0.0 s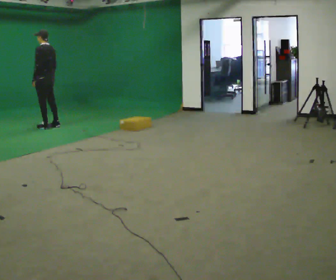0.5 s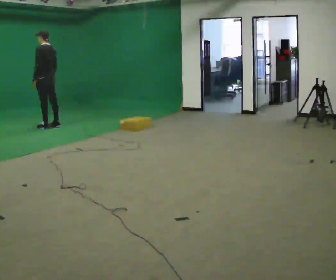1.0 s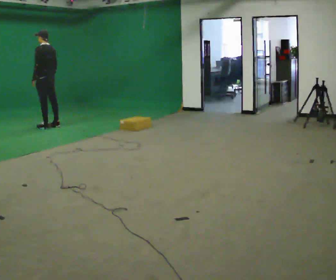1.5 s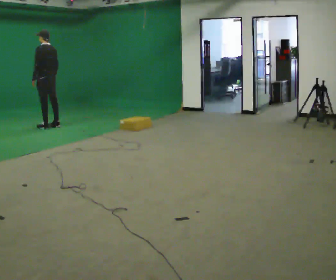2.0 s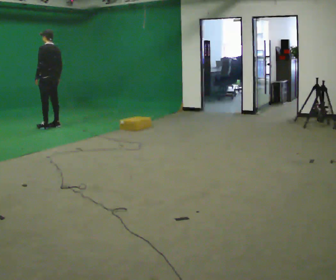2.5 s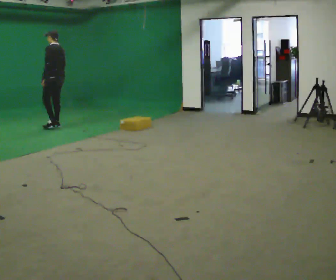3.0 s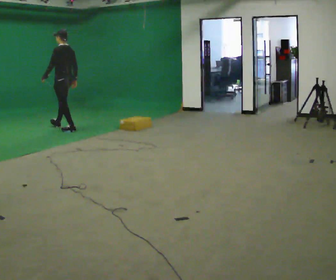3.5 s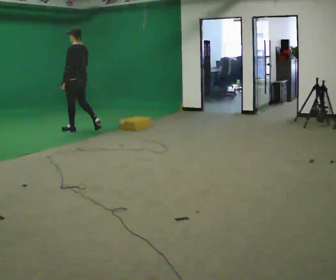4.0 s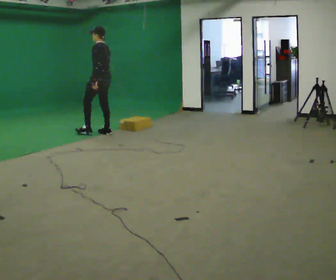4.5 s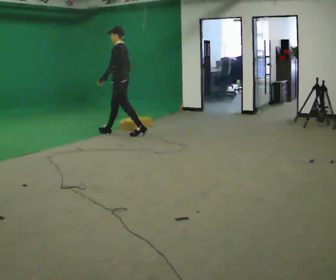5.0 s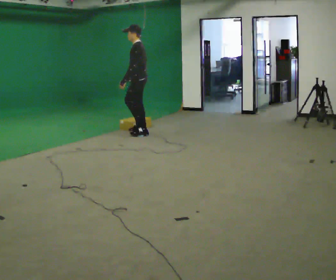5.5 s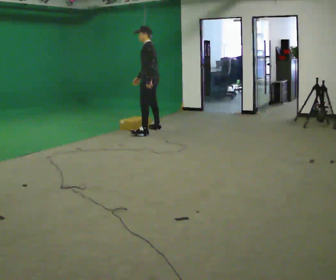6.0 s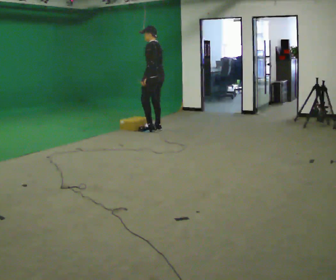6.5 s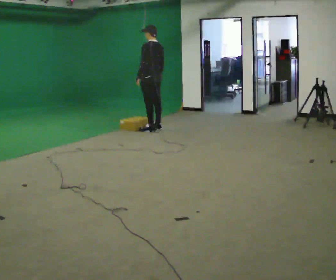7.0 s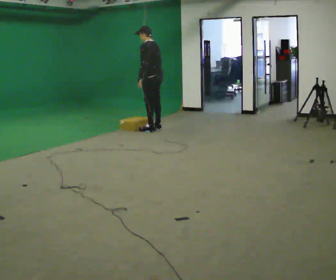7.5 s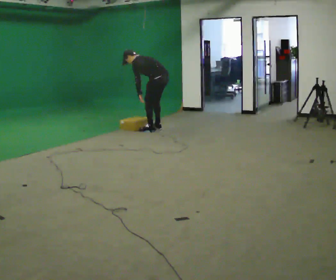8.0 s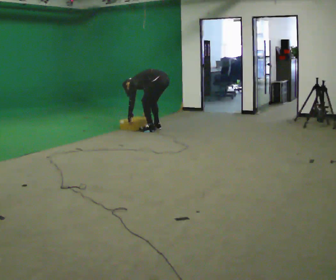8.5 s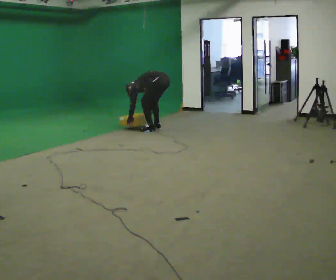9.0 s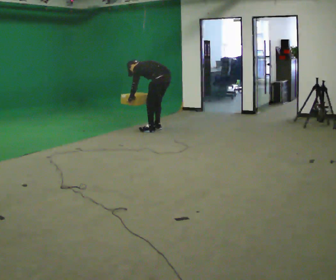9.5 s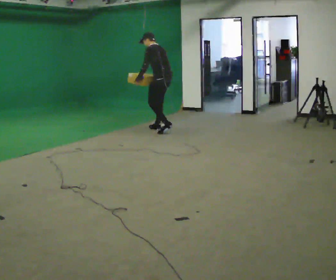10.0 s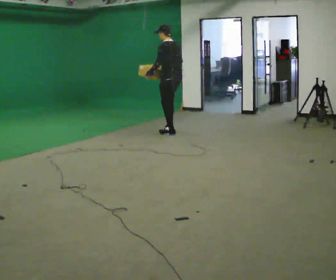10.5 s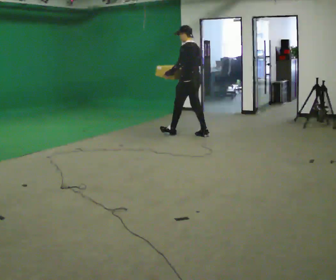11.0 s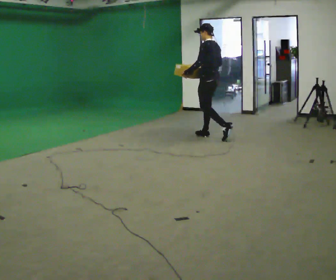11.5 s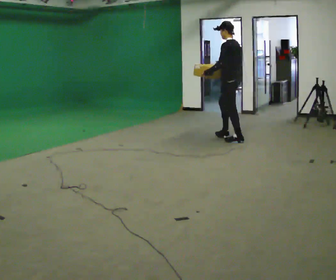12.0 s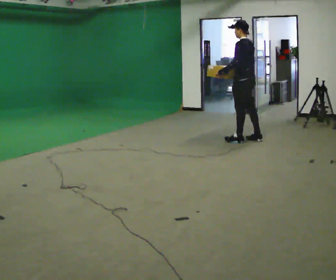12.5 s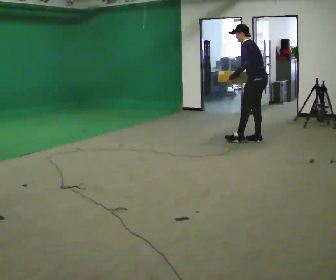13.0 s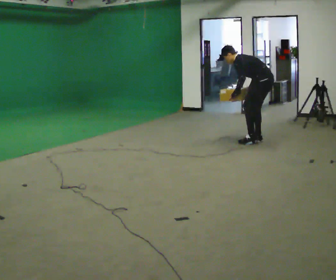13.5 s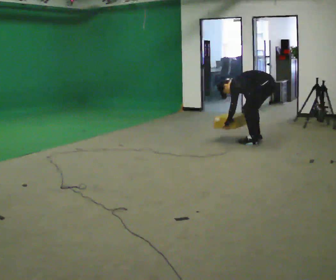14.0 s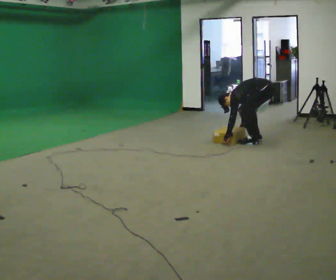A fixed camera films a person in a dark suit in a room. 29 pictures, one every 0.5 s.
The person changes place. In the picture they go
to the right.
0.0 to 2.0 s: The person moves a little, or ends about where they began.
2.0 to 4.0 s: In the picture they go to the right and toward the camera, about 1 m in 3 steps, which for them is backward.
4.0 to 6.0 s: In the picture they go to the right, about 1 m in 2 steps, which for them is backward.
6.0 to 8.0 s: The shoulders move downward. In the picture the upper body tilts counterclockwise, shoulders to the left, as they bend forward. In the picture their right hand goes downward.
8.0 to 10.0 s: In the picture they go to the right and toward the camera, about 0.25 m in 2 steps, which for them is backward. The upper body goes upward. In the picture the upper body tilts clockwise, shoulders to the right, as they lean back or straighten. In the picture their left hand goes upward.
10.0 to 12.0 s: In the picture they go to the right and toward the camera, about 1 m in 2 steps, which for them is backward.
12.0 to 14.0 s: In the picture they go to the right, about 0.25 m in 1 step, which for them is backward. The shoulders move downward. In the picture the upper body tilts counterclockwise, shoulders to the left, as they bend forward. In the picture their right hand goes downward.
The film runs backward here.
